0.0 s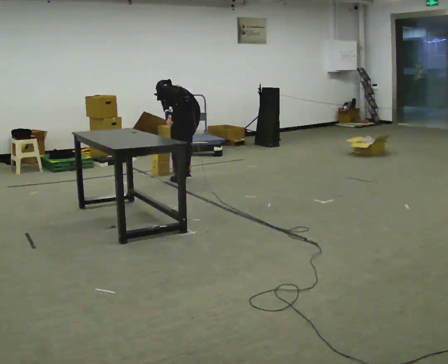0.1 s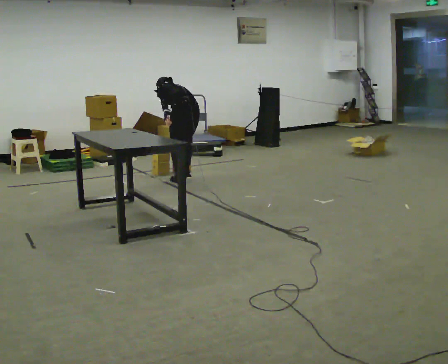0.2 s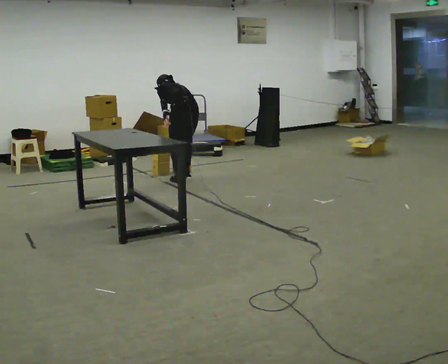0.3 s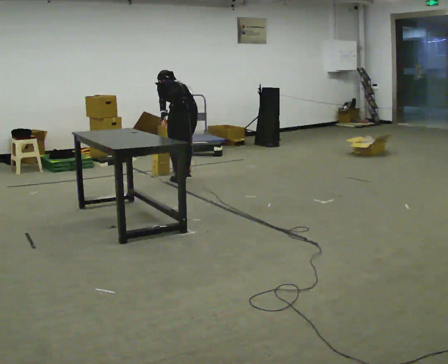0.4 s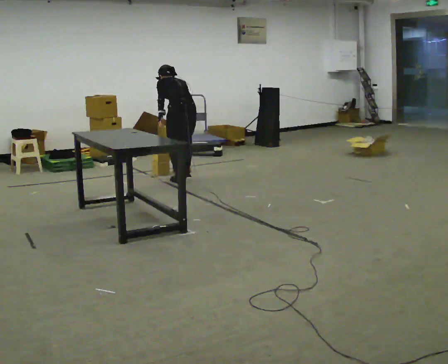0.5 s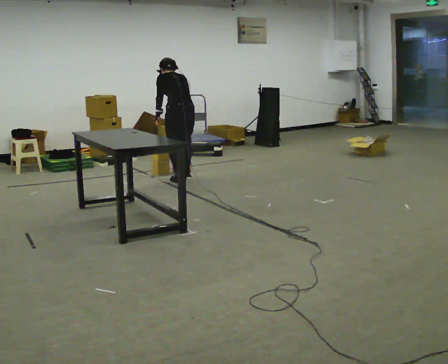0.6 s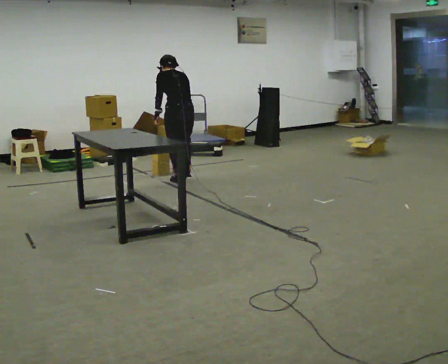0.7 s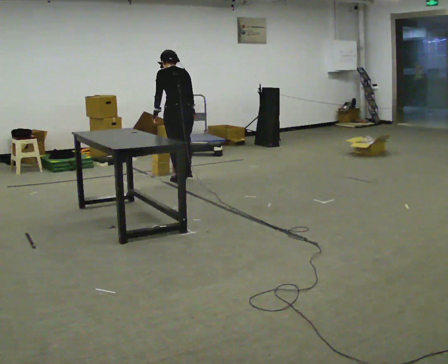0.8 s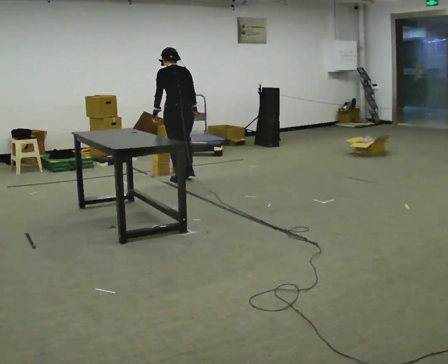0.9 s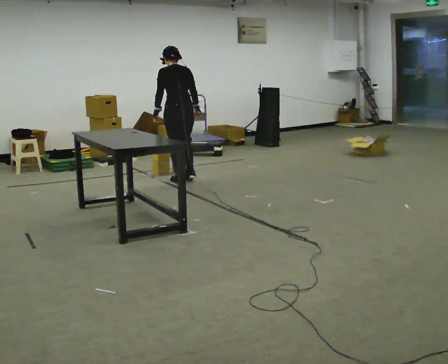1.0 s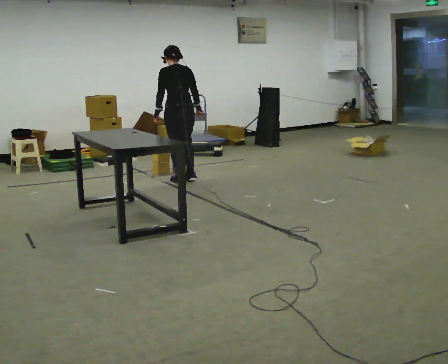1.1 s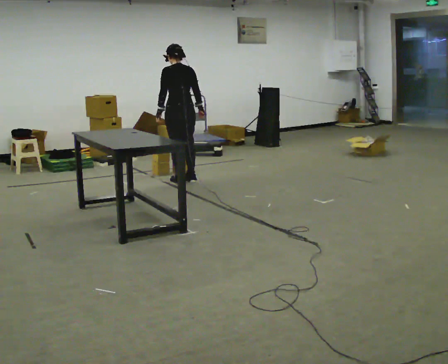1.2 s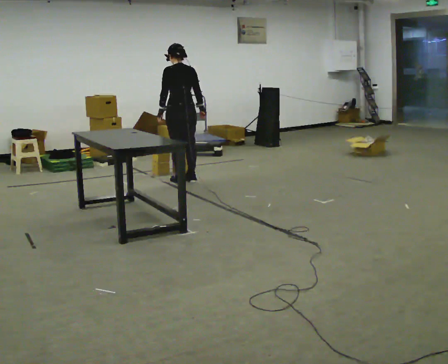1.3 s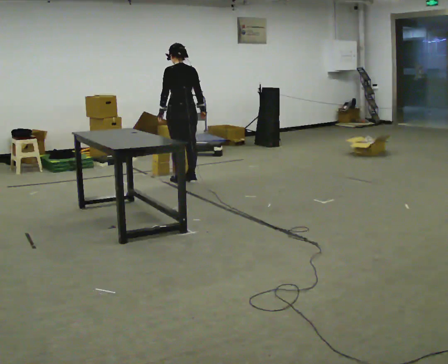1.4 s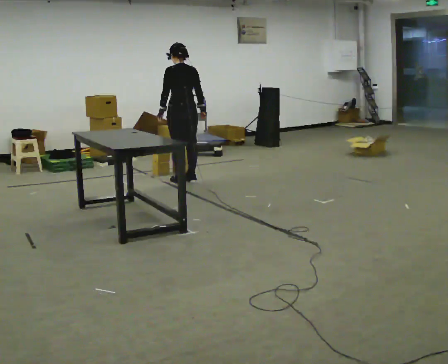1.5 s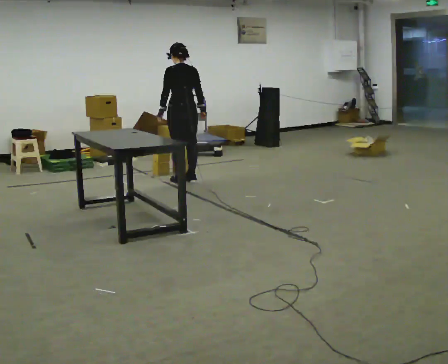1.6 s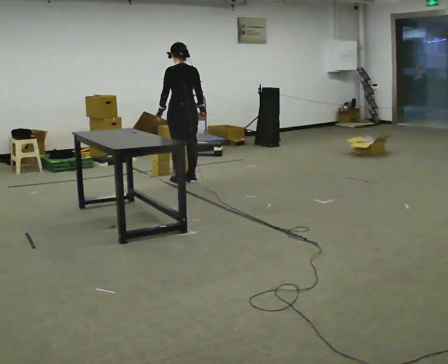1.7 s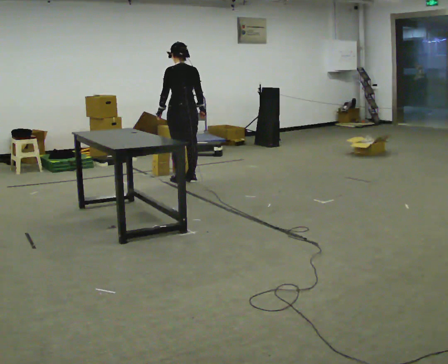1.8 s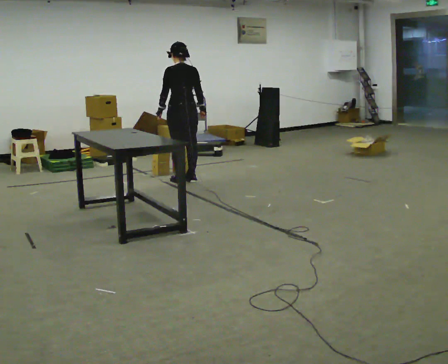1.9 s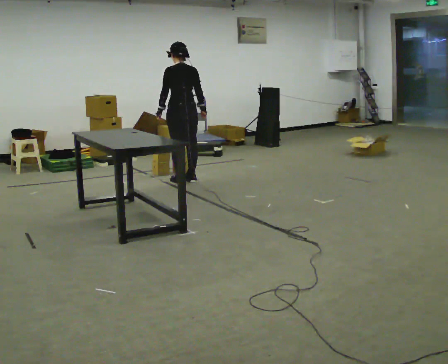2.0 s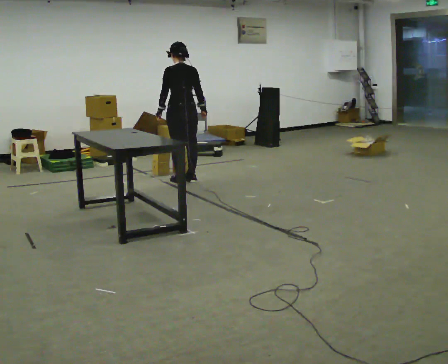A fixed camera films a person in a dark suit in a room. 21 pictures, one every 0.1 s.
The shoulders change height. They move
upward.
The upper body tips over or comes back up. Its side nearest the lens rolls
downward.
0.0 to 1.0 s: The upper body goes upward. The upper body tips toward the camera, its near side rolling downward, as they lean back or straighten.
1.0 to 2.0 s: The person moves a little, or ends about where they began.
The film runs backward here.
